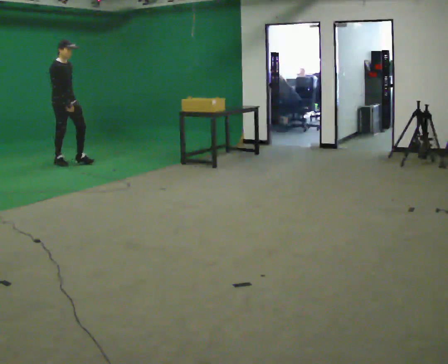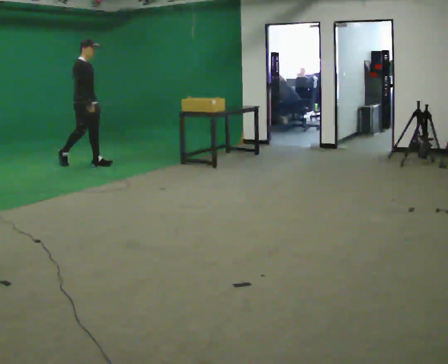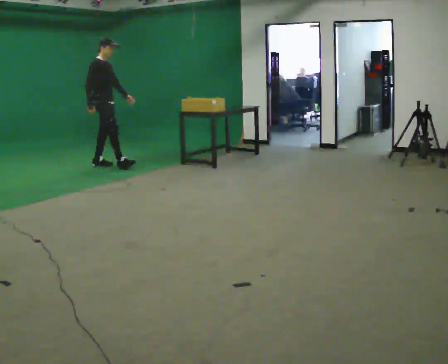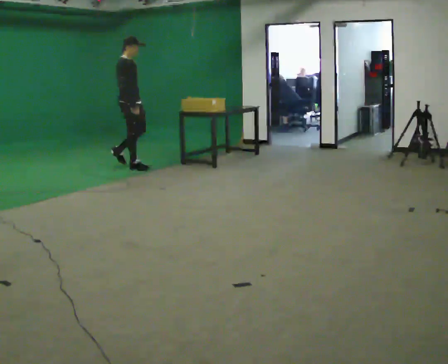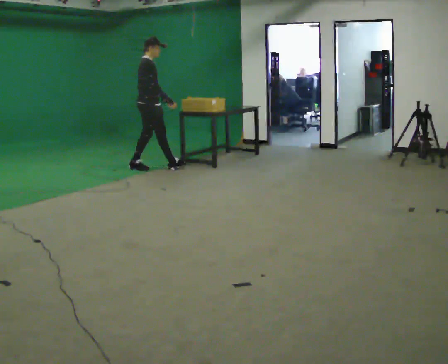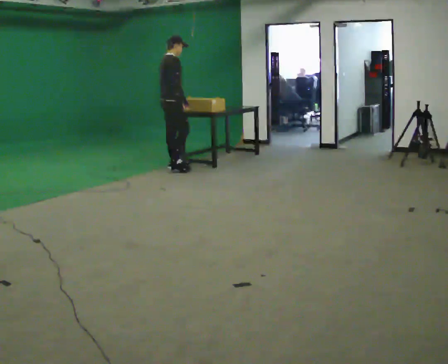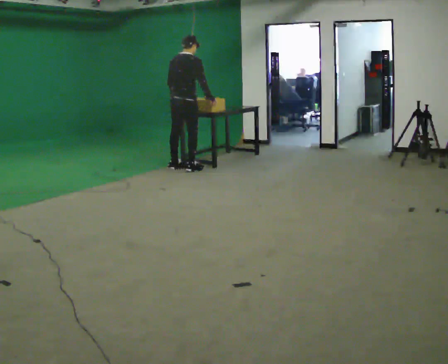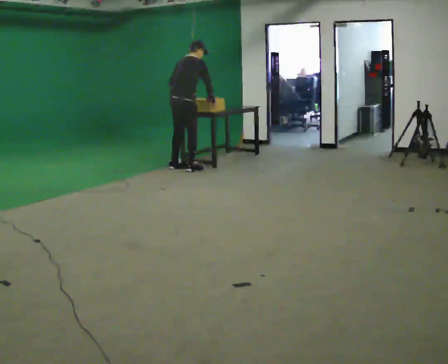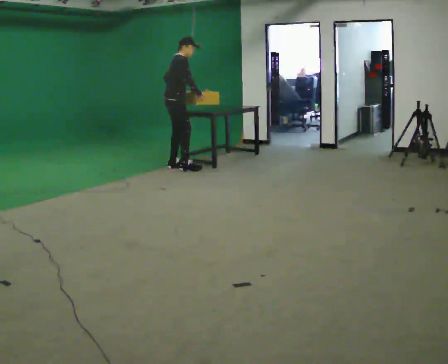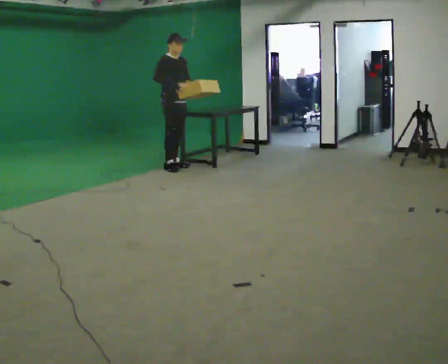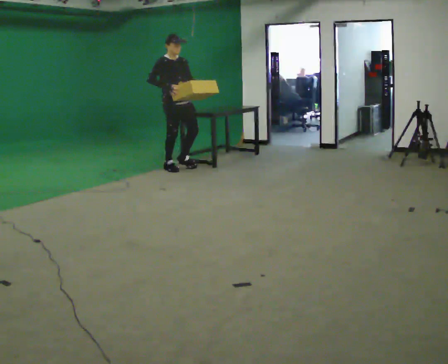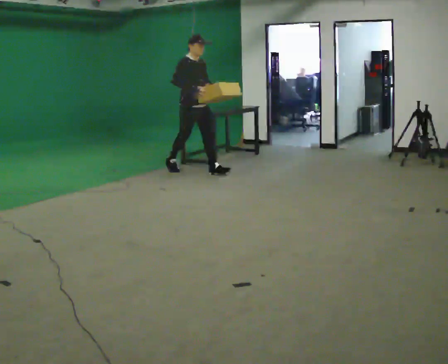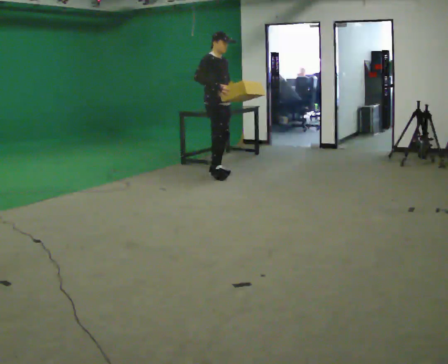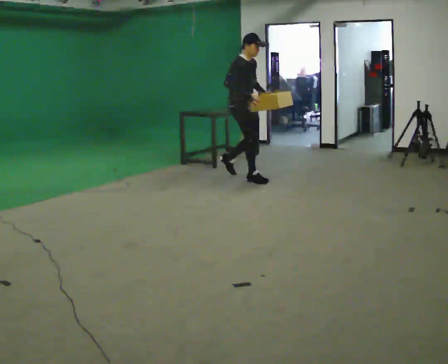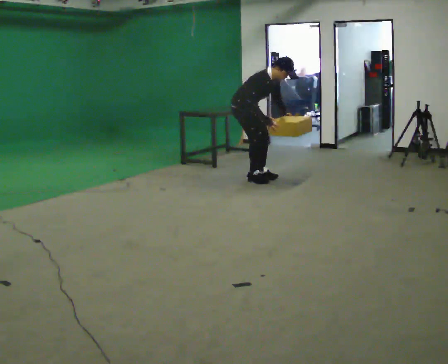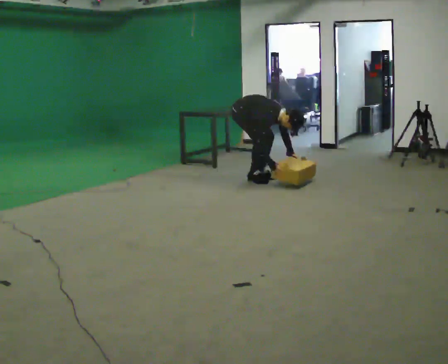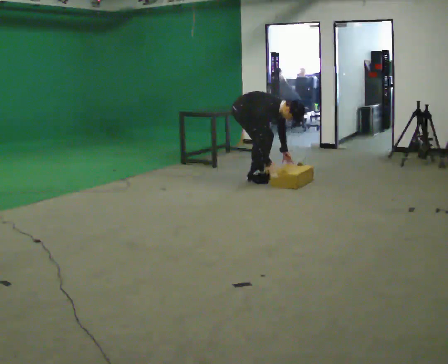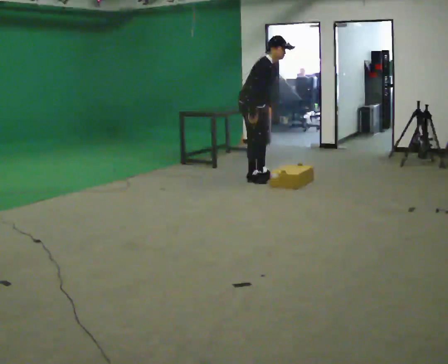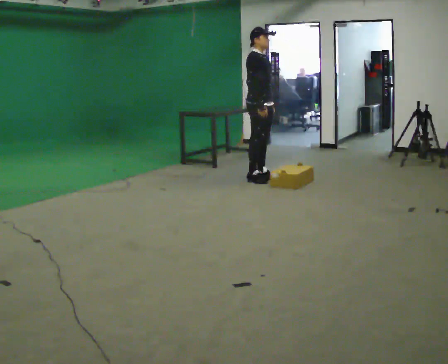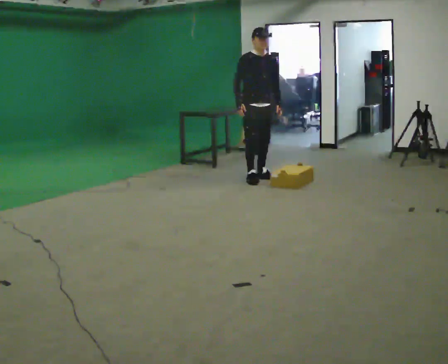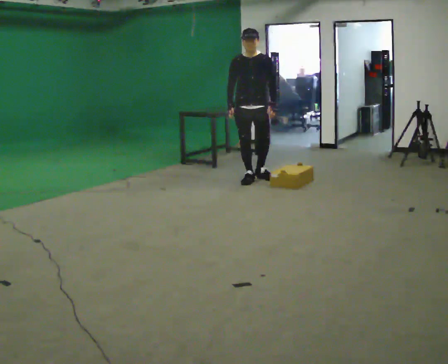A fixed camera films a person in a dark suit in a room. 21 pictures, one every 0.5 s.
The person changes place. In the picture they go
to the right.
0.0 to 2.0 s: In the picture they go to the right, about 1.5 m in 3 steps, which for them is forward.
2.0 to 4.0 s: In the picture they go to the right, about 0.25 m in 1 step.
4.0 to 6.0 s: The part of the body nearest the lens slides to the left as the person turns to their right by about 45 degrees. In the picture they go to the right and toward the camera, about 0.75 m in 2 steps, which for them is forward.
6.0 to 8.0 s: In the picture they go to the right and toward the camera, about 0.5 m in 2 steps, which for them is forward. In the picture the upper body tilts clockwise, shoulders to the right, as they bend forward. In the picture their right hand goes downward.
8.0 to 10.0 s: Seen from above the body turns clockwise, about 60 degrees: to their right, with its near side sliding to the left. In the picture they go toward the camera, about 0.25 m. The upper body goes upward. In the picture the upper body tilts counterclockwise, shoulders to the left, as they lean back or straighten. In the picture their left hand goes upward.
The film runs forward here.
